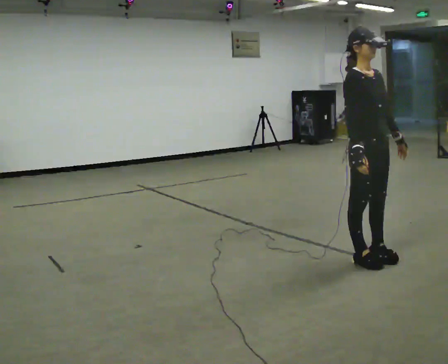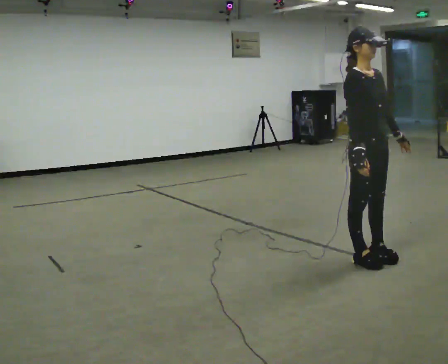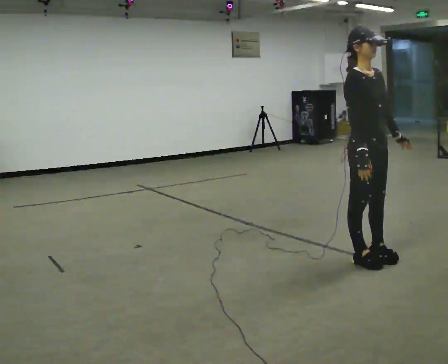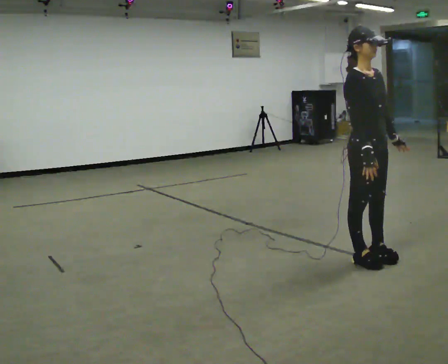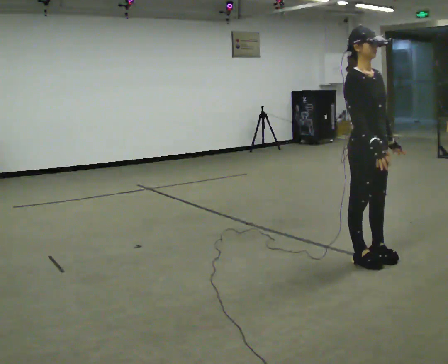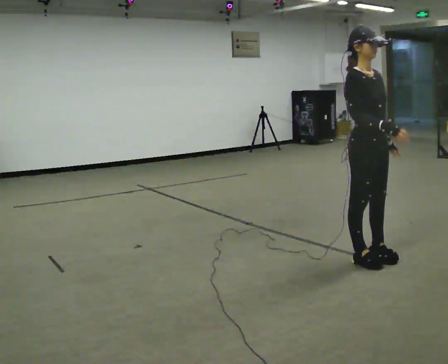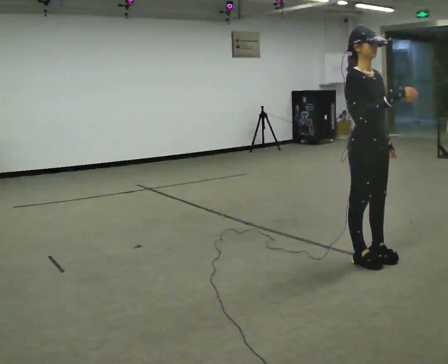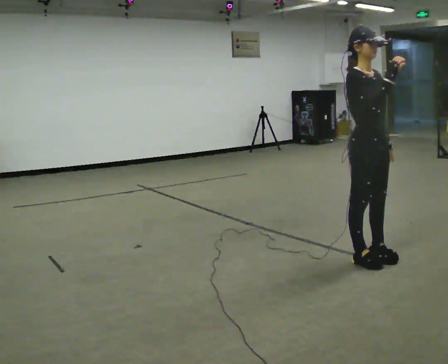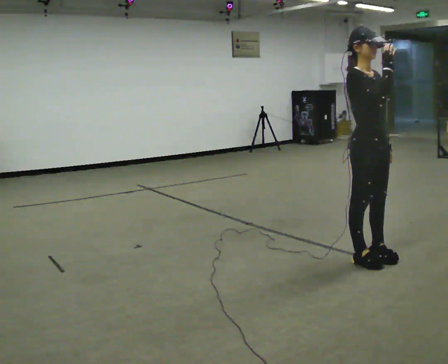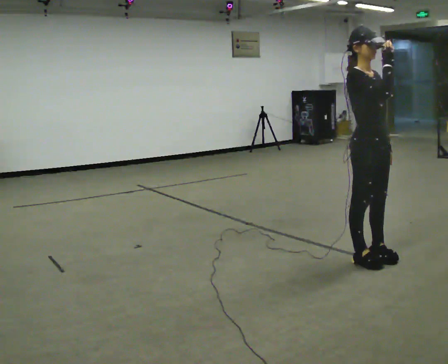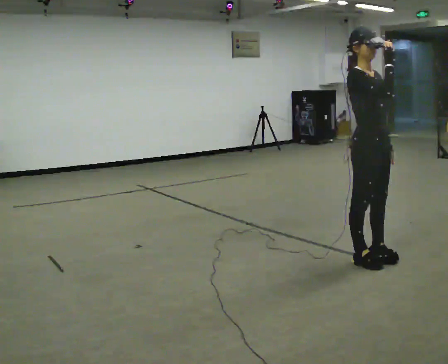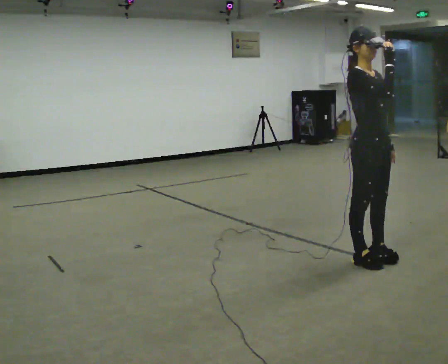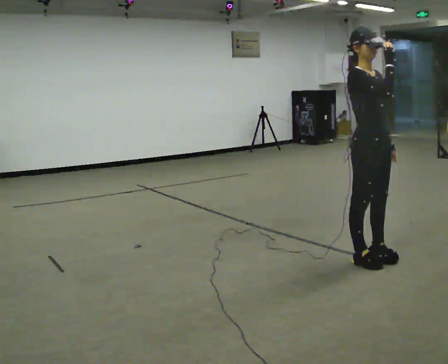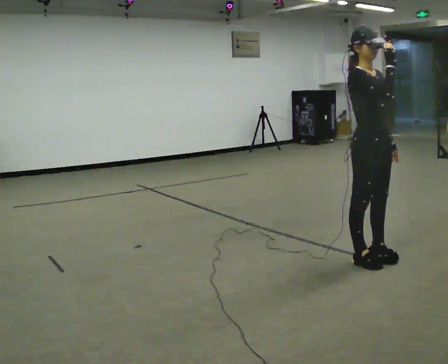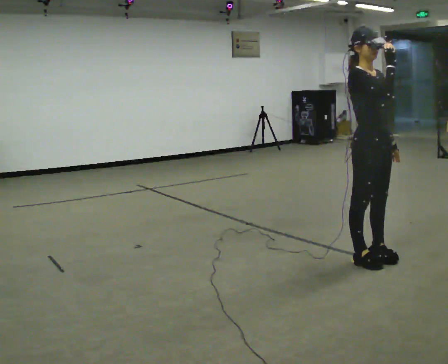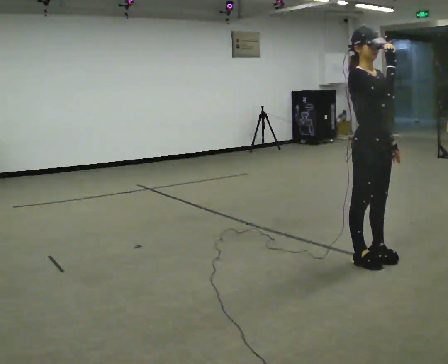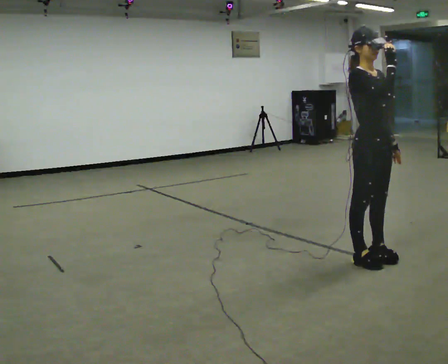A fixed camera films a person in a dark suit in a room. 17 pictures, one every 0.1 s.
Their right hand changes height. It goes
upward.
0.0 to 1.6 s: In the picture their right hand goes upward.
The film runs forward here.
